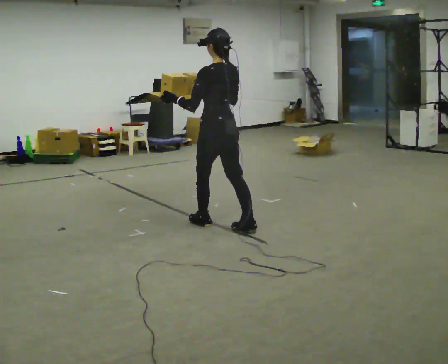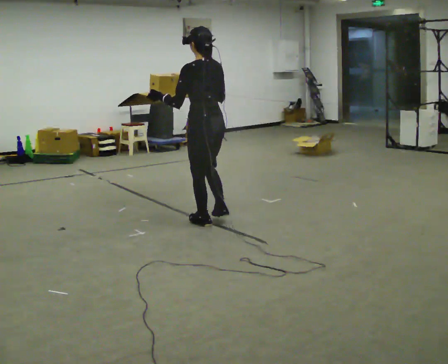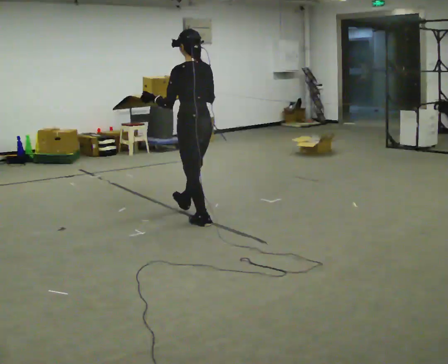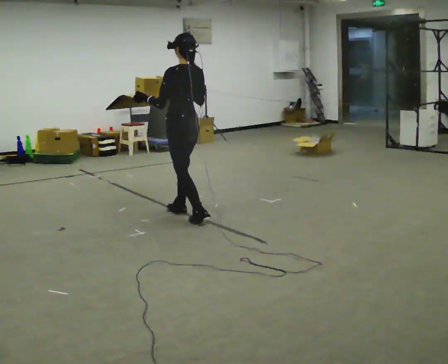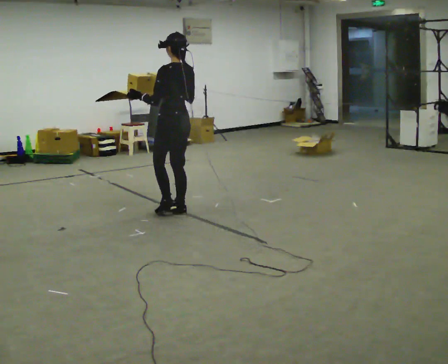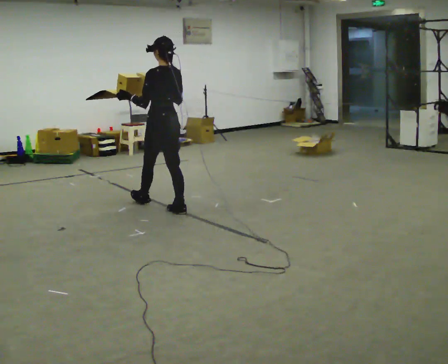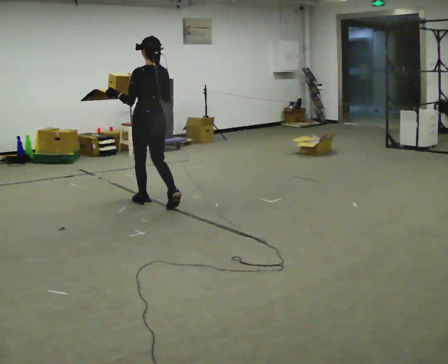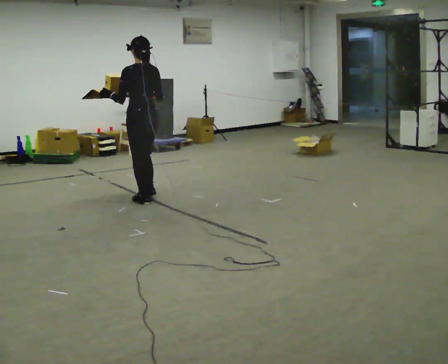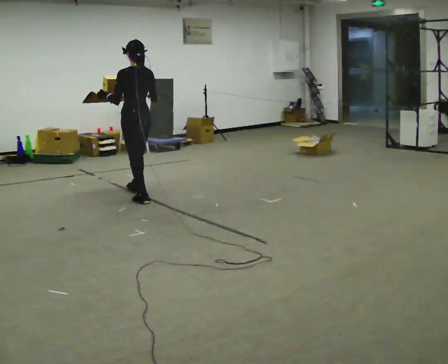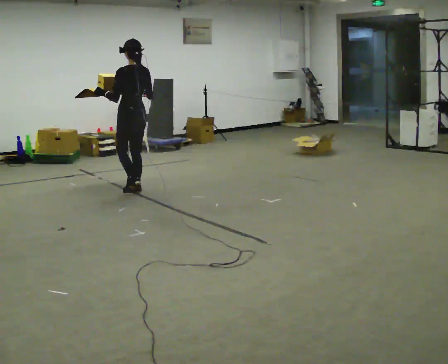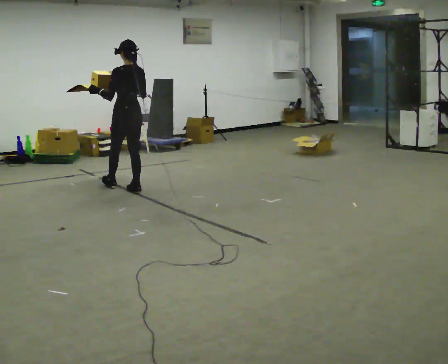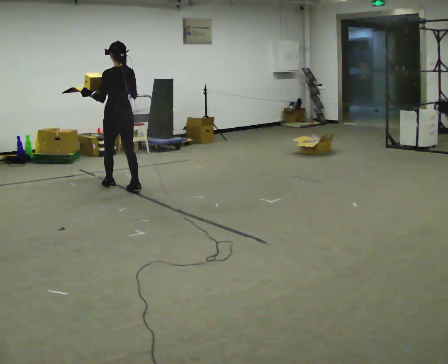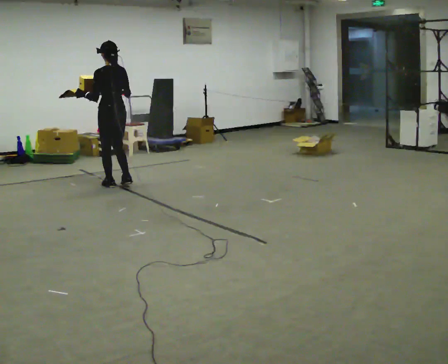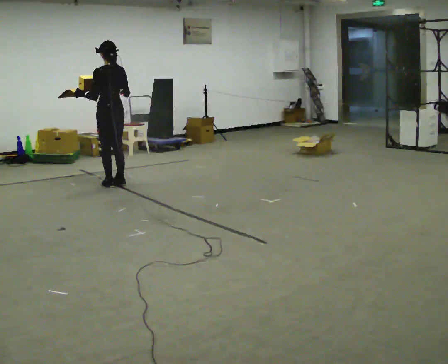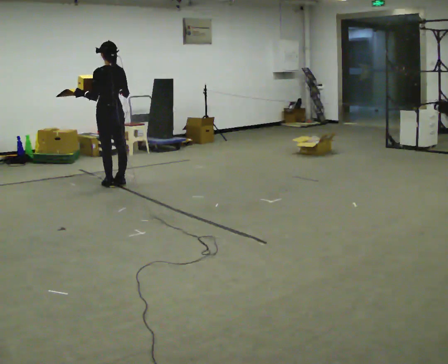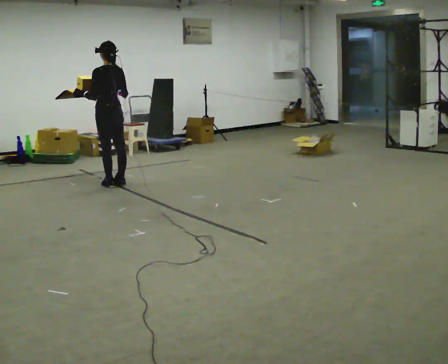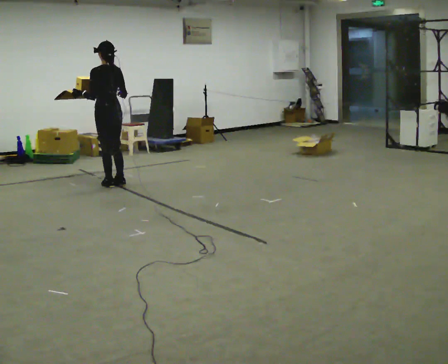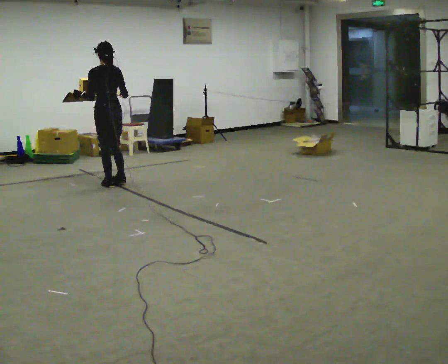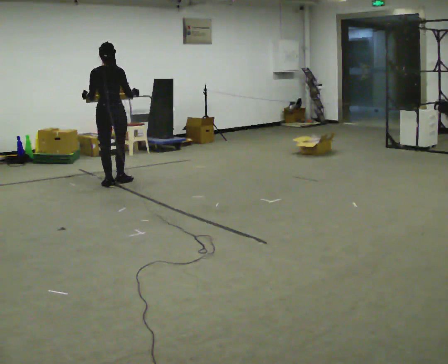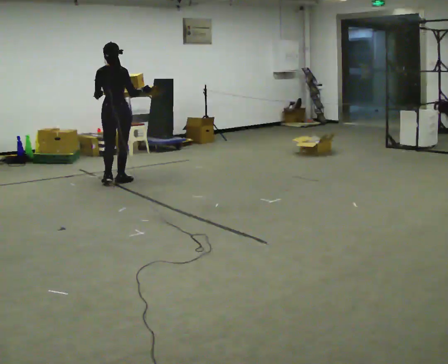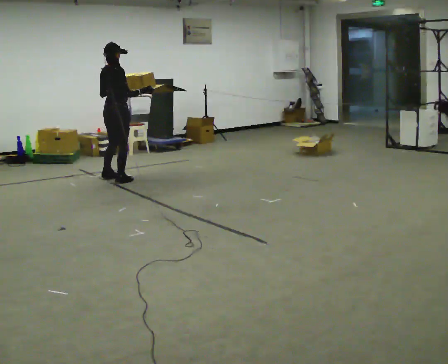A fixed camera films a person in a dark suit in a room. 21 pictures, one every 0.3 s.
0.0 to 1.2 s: In the picture they go away from the camera and to the left, about 0.5 m in 1 step, which for them is forward.
1.2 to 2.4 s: In the picture they go away from the camera and to the left, about 0.75 m in 2 steps, which for them is forward.
2.4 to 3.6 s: In the picture they go away from the camera and to the left, about 0.5 m in 1 step, which for them is forward.
3.6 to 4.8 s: The person moves a little, or ends about where they began.
4.8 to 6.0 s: The person turns about 75 degrees to their right, clockwise seen from above, so the part of the body nearest the lens slides to the left. In the picture they go away from the camera, about 0.25 m.
The film runs forward here.
